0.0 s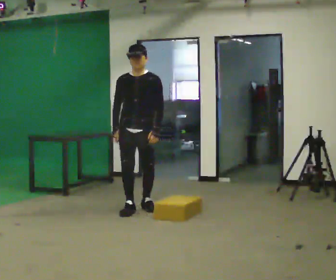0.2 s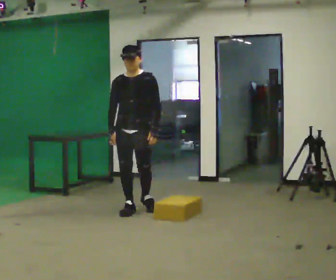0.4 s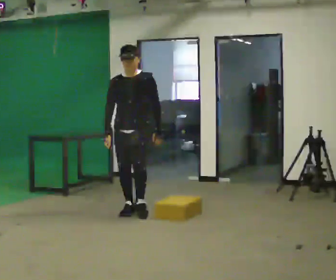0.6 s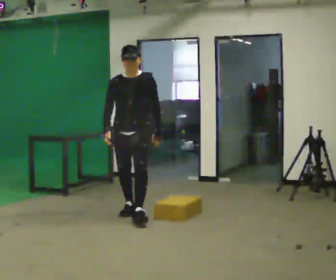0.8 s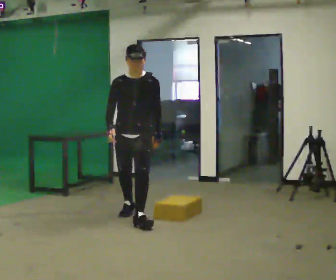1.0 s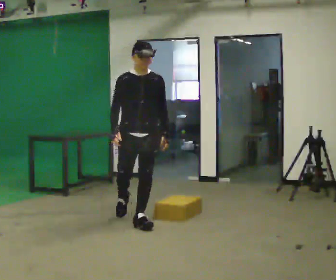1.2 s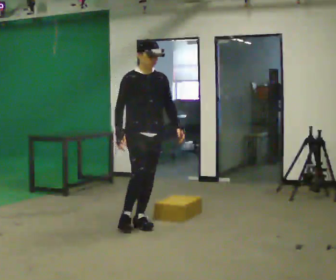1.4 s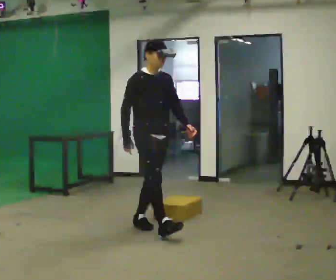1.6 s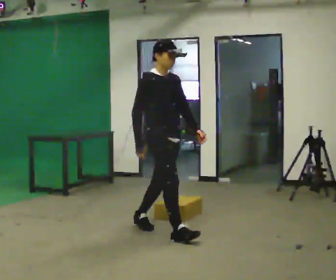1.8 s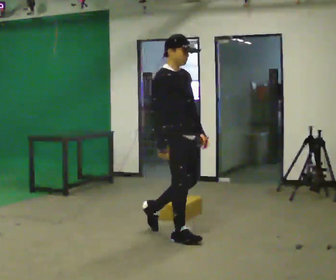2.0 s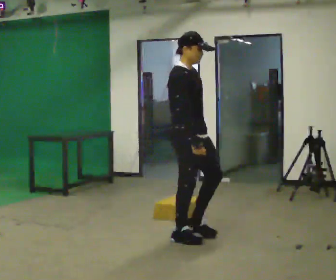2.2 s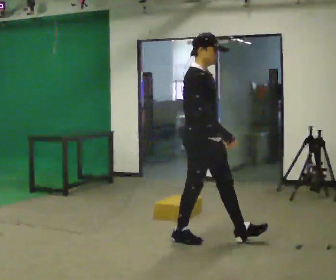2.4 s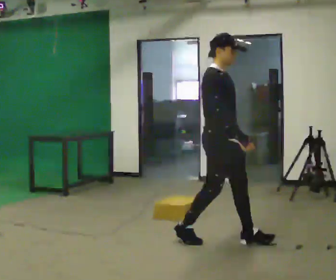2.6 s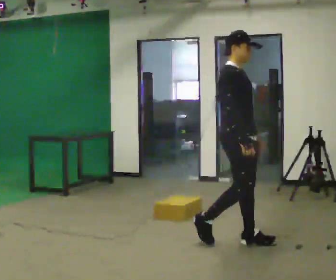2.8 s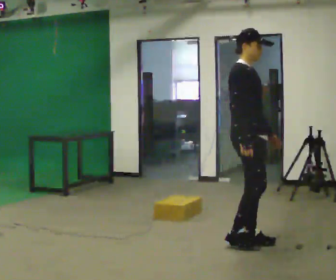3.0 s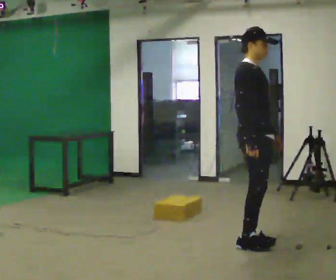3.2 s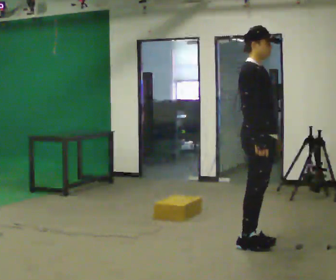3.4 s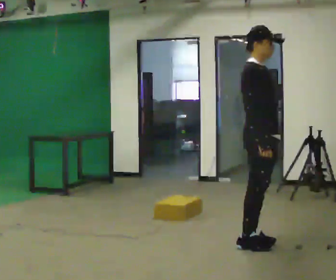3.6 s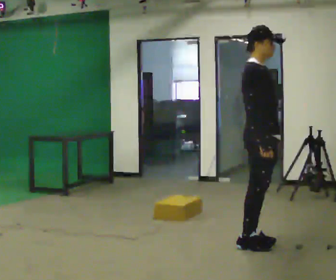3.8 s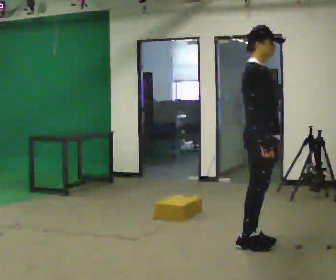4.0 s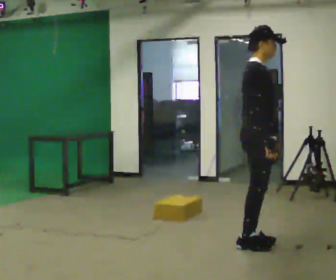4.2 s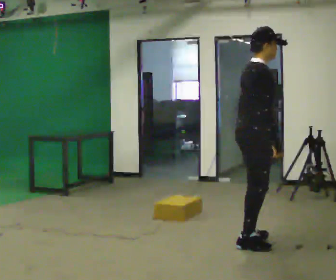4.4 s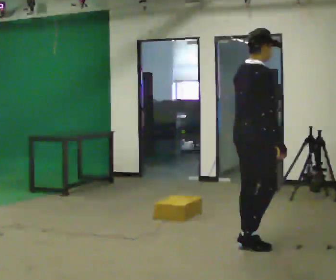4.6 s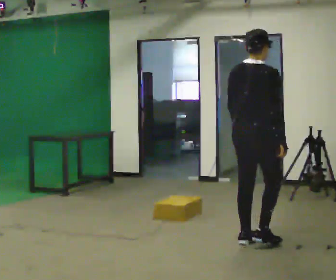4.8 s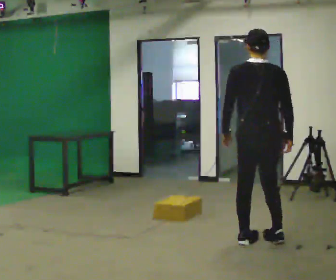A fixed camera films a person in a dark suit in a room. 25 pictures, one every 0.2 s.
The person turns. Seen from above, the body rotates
counterclockwise.
The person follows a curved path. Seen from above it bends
counterclockwise.
0.0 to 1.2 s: Seen from above the body turns counterclockwise, about 45 degrees: to their left, with its near side sliding to the right. In the picture they go toward the camera, about 0.75 m in 1 step, which for them is forward.
1.2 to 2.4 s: Seen from above the body turns counterclockwise, about 30 degrees: to their left, with its near side sliding to the right. In the picture they go to the right and toward the camera, about 1 m in 2 steps, which for them is forward.
2.4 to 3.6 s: In the picture they go to the right, about 0.25 m in 1 step, which for them is forward.
3.6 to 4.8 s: The person turns about 105 degrees to their left, counterclockwise seen from above, so the part of the body nearest the lens slides to the right. In the picture their left hand goes to the left, the arm swinging clockwise.
The film runs forward here.
